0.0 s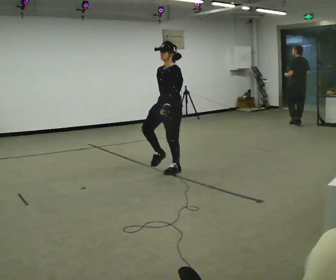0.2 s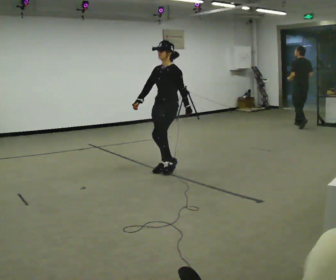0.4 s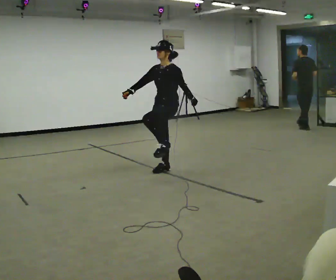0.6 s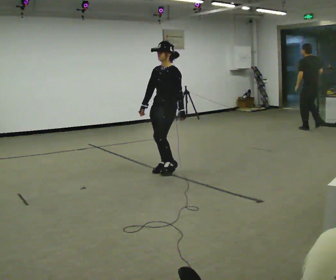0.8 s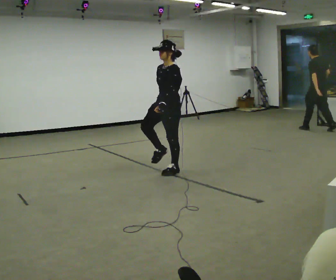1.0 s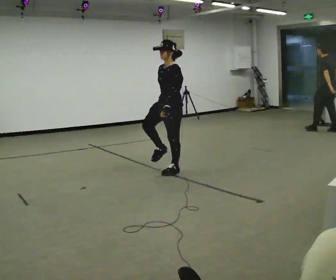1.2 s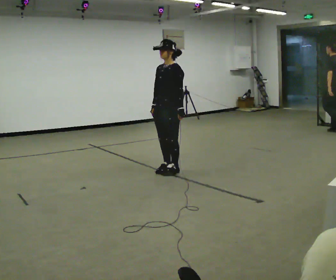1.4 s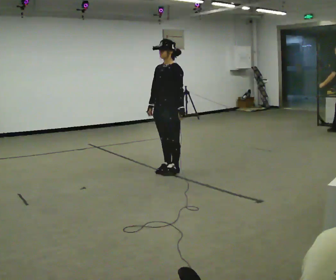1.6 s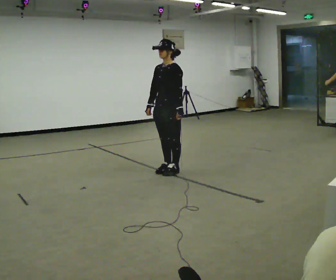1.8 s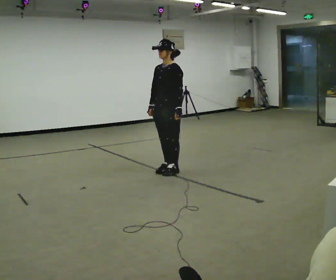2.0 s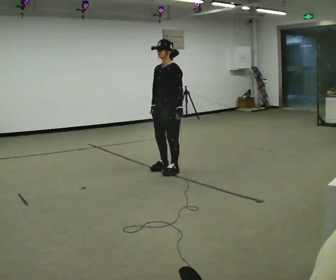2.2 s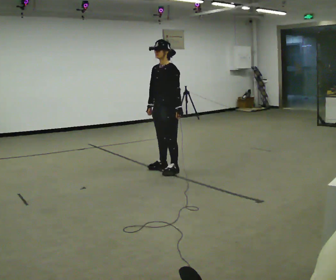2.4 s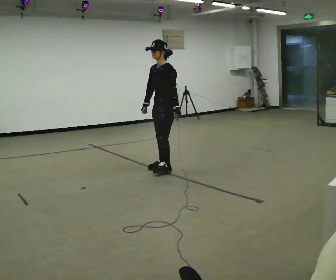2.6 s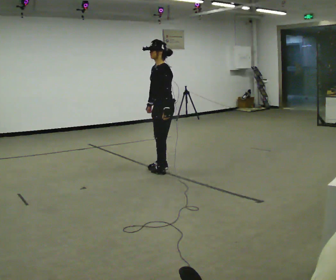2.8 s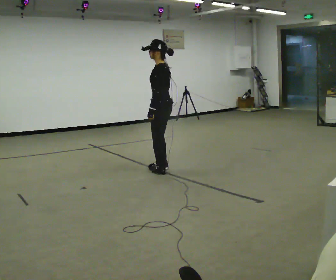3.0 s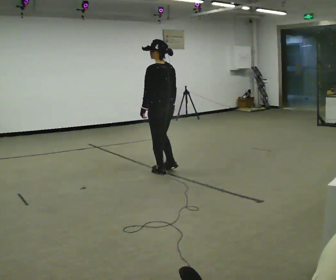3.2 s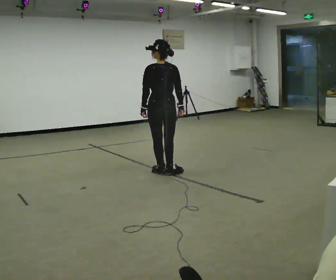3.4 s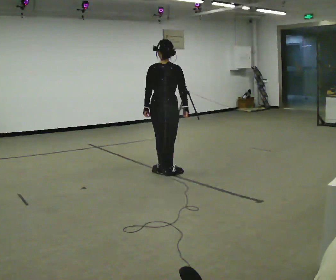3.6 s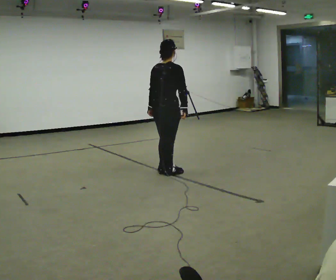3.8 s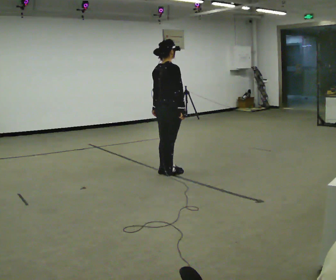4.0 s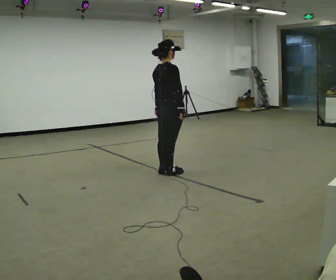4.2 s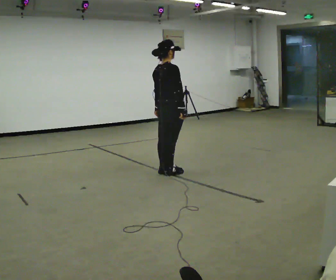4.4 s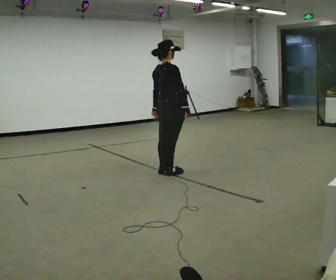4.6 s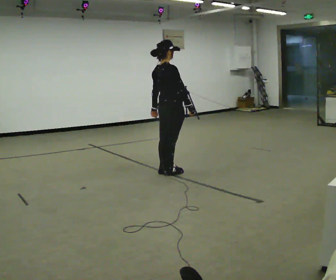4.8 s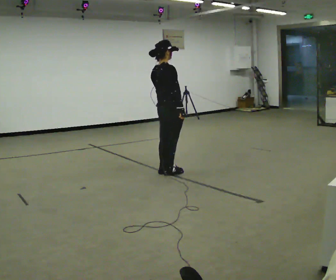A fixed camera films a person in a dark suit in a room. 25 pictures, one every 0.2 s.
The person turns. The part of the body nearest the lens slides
to the left.
The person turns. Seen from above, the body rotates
clockwise.
0.0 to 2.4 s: The person moves a little, or ends about where they began.
2.4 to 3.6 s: Seen from above the body turns clockwise, about 150 degrees: to their right, with its near side sliding to the left. In the picture they go toward the camera, about 0.25 m in 1 step. In the picture their left hand goes to the left, the arm swinging clockwise.
3.6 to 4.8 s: Seen from above the body turns clockwise, about 30 degrees: to their right, with its near side sliding to the left.
The film runs backward here.
